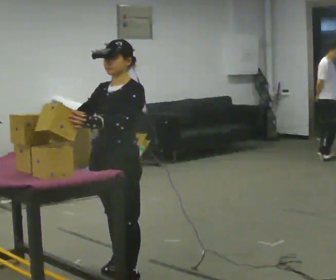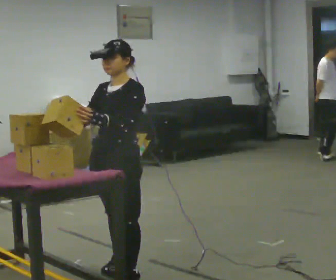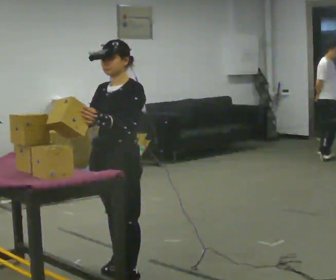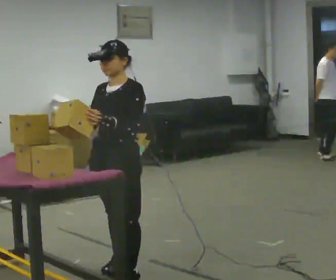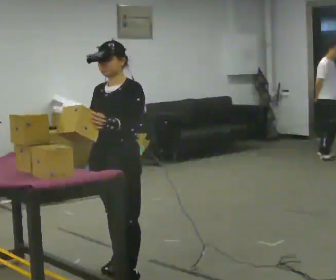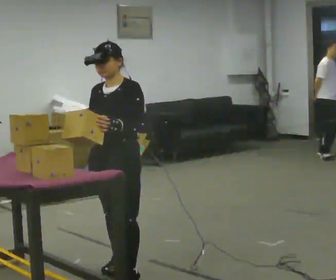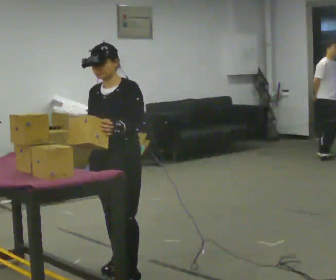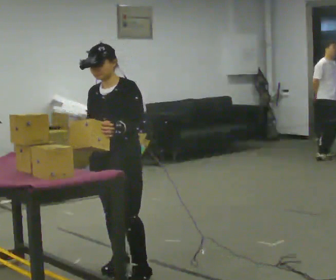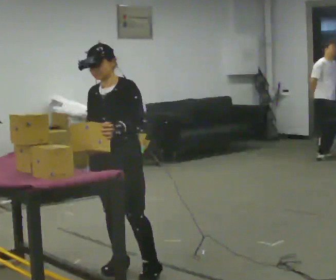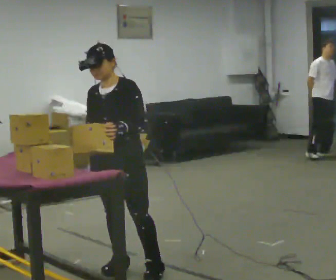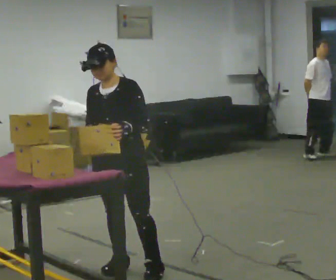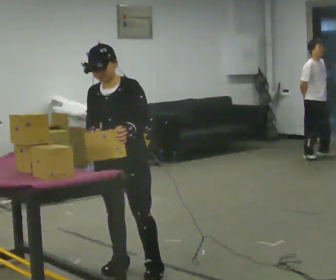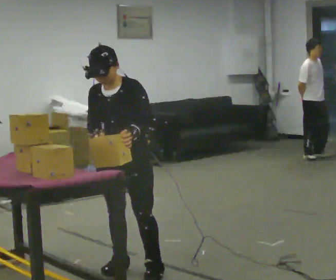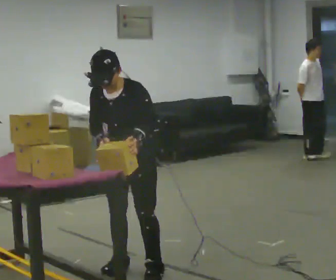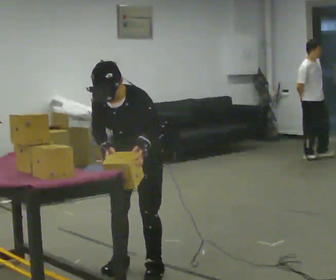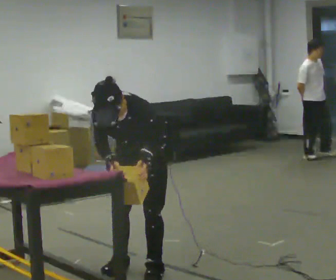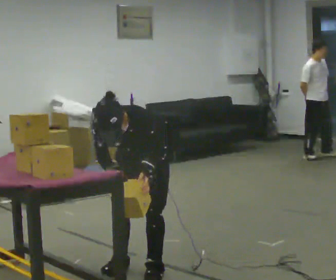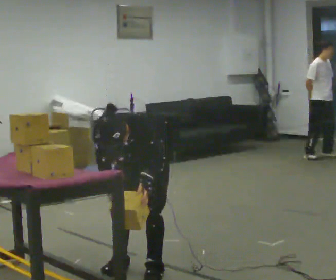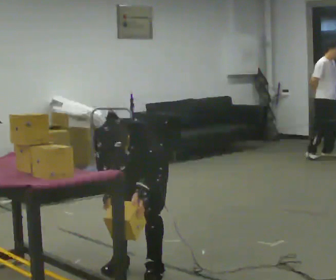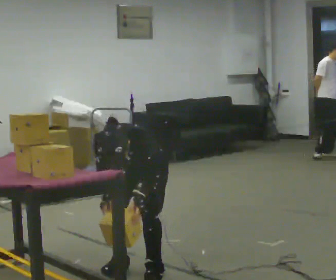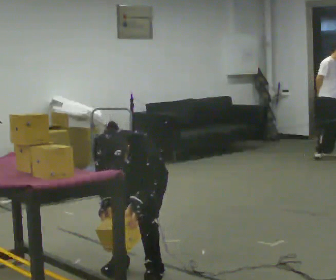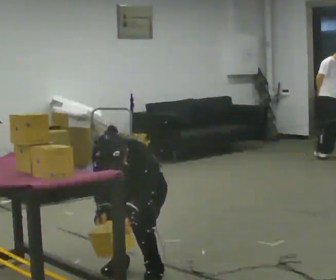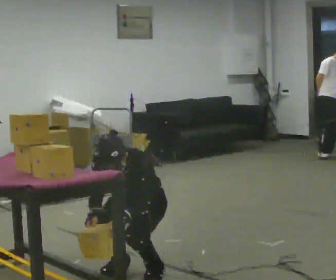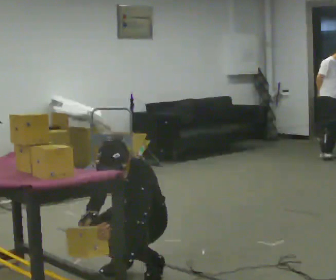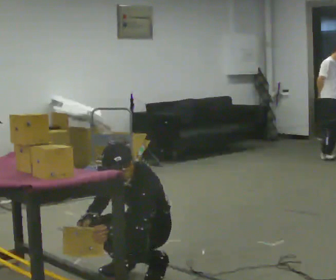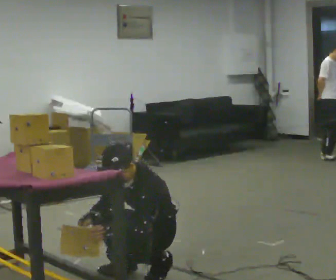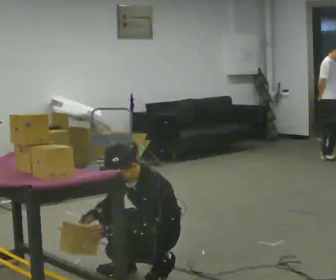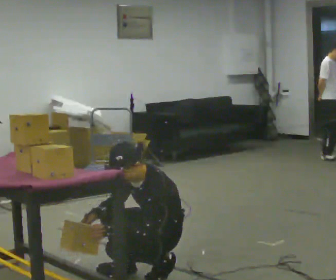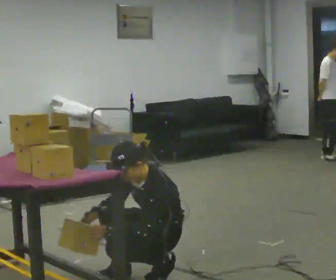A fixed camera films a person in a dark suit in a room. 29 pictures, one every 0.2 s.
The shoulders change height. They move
downward.
Their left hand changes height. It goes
downward.
0.0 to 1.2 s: In the picture they go away from the camera, about 0.25 m, which for them is backward.
1.2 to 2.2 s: The person moves a little, or ends about where they began.
2.2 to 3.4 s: The upper body goes downward. The upper body tips toward the camera, its near side rolling downward, as they bend forward. In the picture their left hand goes downward.
3.4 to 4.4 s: The shoulders move downward.
4.4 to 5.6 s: Seen from above the body turns clockwise, about 30 degrees: to their right, with its near side sliding to the left. In the picture they go toward the camera and to the right, about 0.25 m, which for them is to their left. The upper body tips away from the camera, its near side rolling upward, as they lean back or straighten.
The film runs forward here.
